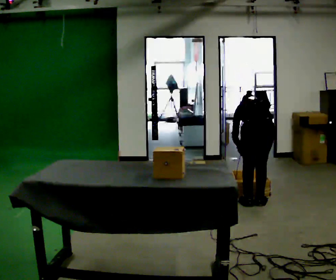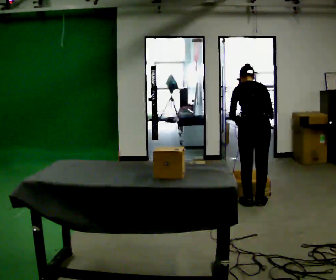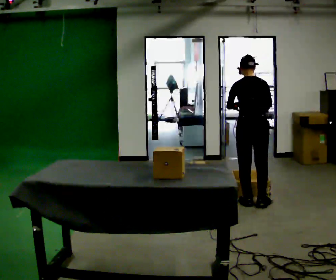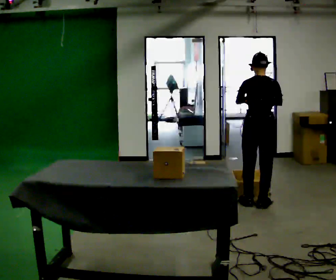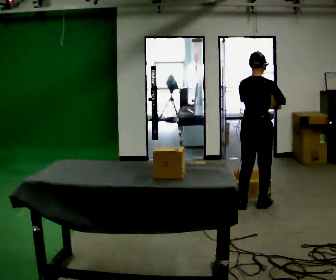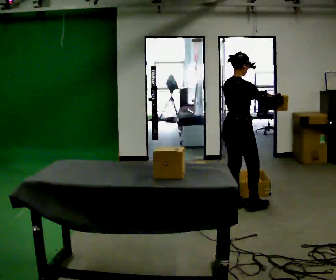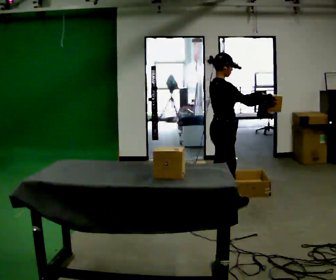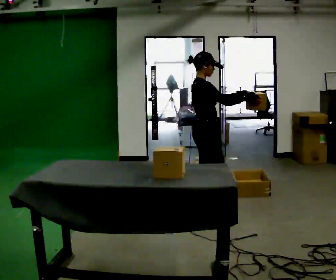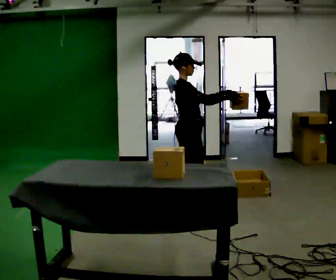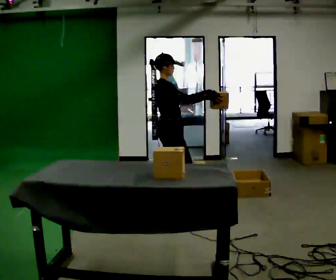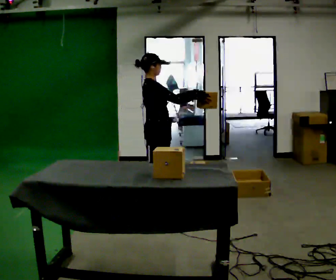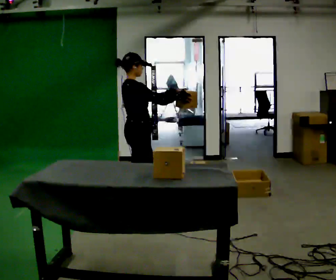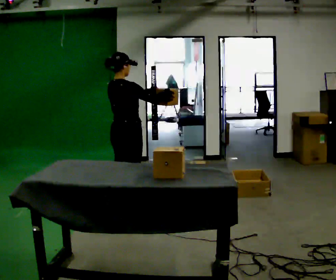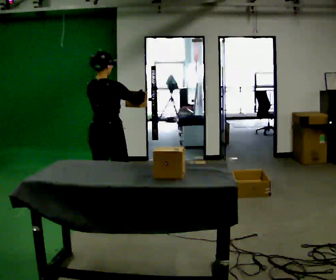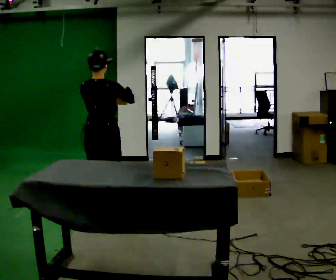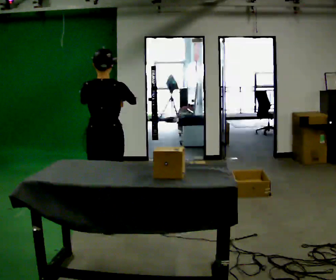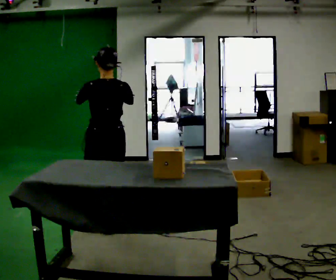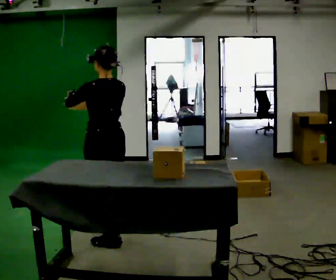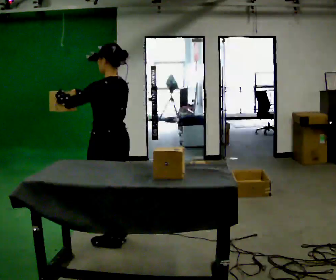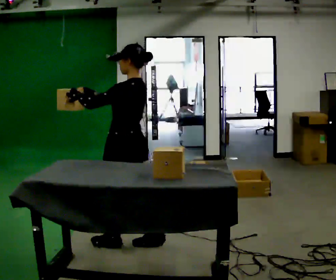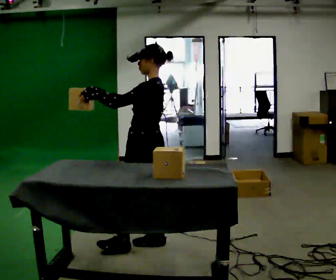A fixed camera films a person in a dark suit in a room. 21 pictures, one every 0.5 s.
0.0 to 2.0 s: The part of the body nearest the lens slides to the left as the person turns to their right by about 30 degrees. The upper body goes upward. The upper body tips toward the camera, its near side rolling downward, as they lean back or straighten. In the picture their left hand goes upward.
2.0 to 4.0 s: Seen from above the body turns clockwise, about 60 degrees: to their right, with its near side sliding to the left. In the picture they go to the left, about 0.75 m in 2 steps.
4.0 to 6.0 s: The person turns about 45 degrees to their left, counterclockwise seen from above, so the part of the body nearest the lens slides to the right. In the picture they go to the left, about 0.5 m in 2 steps, which for them is backward.
6.0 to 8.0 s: The part of the body nearest the lens slides to the right as the person turns to their left by about 60 degrees. In the picture they go toward the camera, about 0.5 m in 2 steps, which for them is backward.
8.0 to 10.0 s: The person turns about 75 degrees to their left, counterclockwise seen from above, so the part of the body nearest the lens slides to the right. In the picture they go to the right and toward the camera, about 0.5 m in 2 steps.
The film runs backward here.
